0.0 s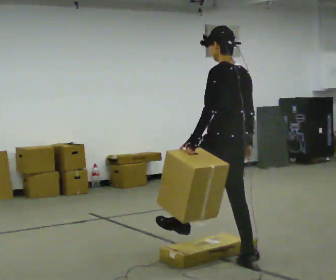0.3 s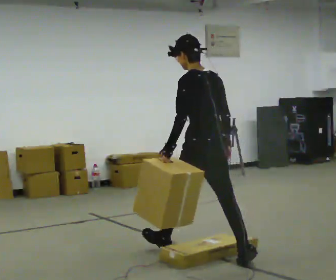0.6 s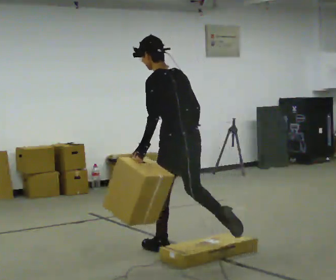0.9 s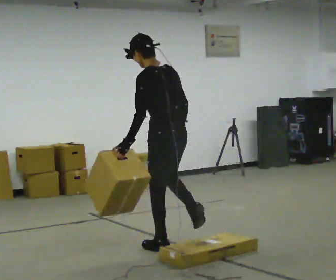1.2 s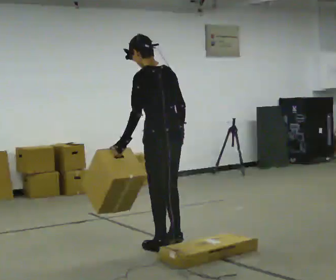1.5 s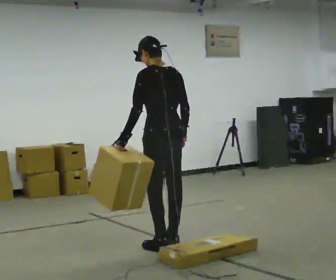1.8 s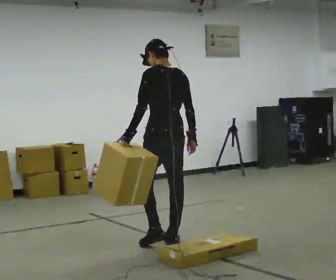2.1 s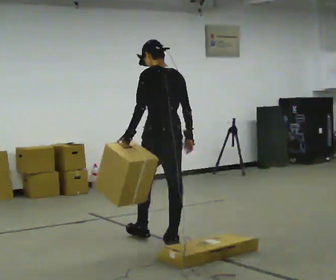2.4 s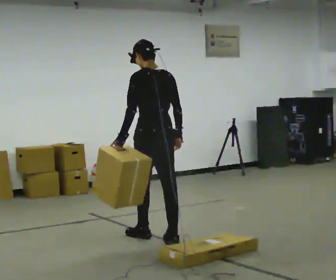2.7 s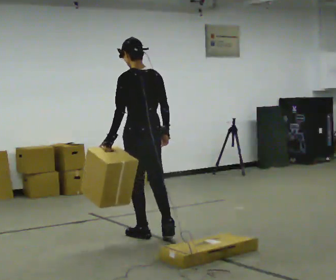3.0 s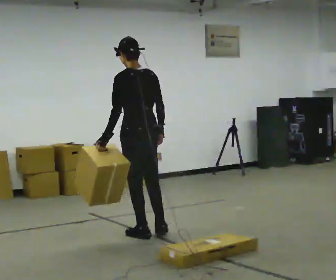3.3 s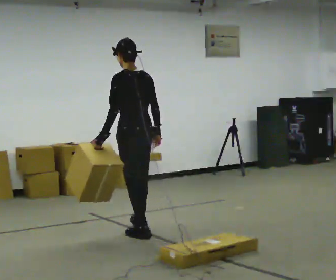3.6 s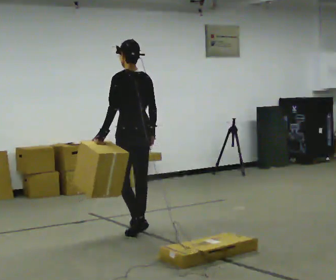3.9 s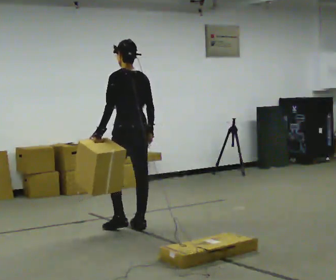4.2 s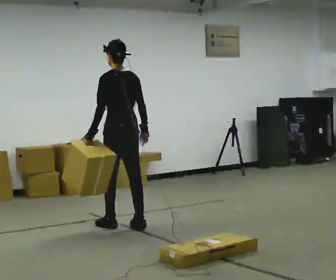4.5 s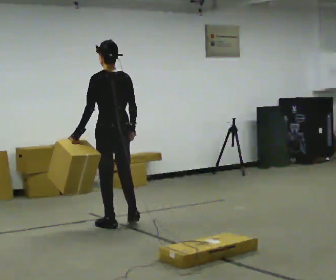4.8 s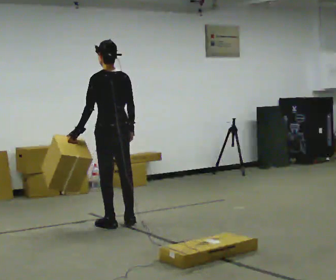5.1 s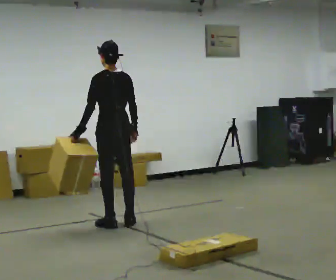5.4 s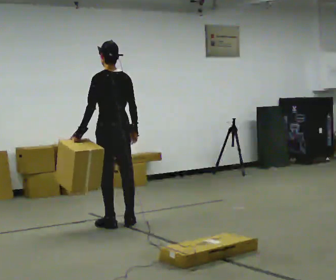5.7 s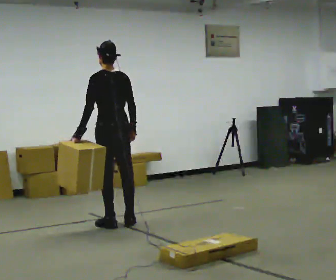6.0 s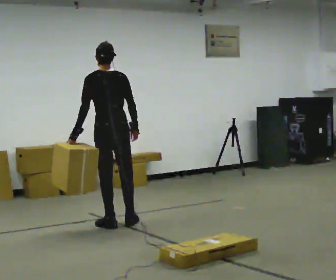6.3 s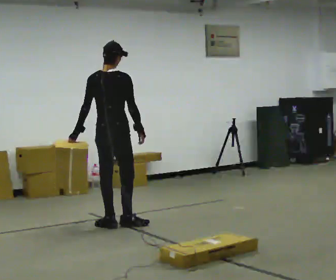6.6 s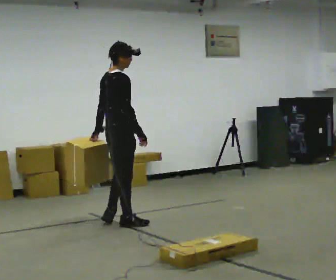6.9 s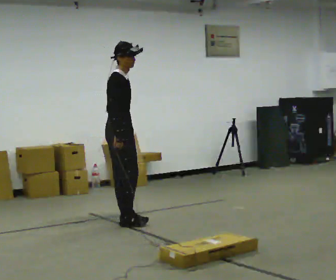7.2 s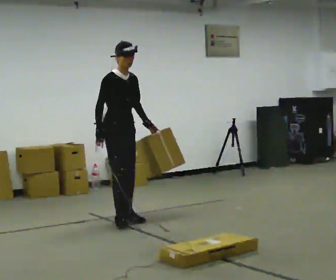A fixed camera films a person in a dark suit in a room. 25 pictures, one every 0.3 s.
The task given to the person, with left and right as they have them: Carry the box over the low sill without stopping, then bring it back over. Keep going until the operator says stop; one object at a time, and do not rush between trips.
0.0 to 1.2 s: In the picture they go to the left and away from the camera, about 0.5 m in 1 step, which for them is forward.
1.2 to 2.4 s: In the picture they go away from the camera, about 0.25 m in 2 steps, which for them is forward.
2.4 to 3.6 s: In the picture they go away from the camera and to the left, about 0.5 m in 1 step, which for them is forward.
3.6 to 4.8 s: In the picture they go away from the camera and to the left, about 0.25 m in 2 steps, which for them is forward.
4.8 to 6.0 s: The person moves a little, or ends about where they began.
6.0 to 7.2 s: Seen from above the body turns clockwise, about 150 degrees: to their right, with its near side sliding to the left. In the picture they go away from the camera, about 0.25 m in 1 step.
The film runs forward here.
